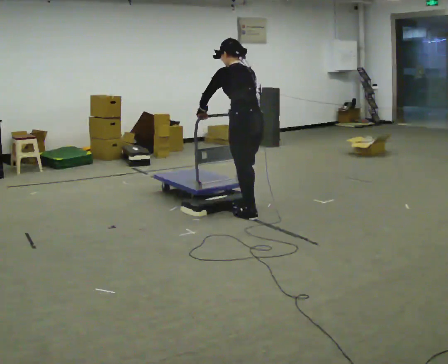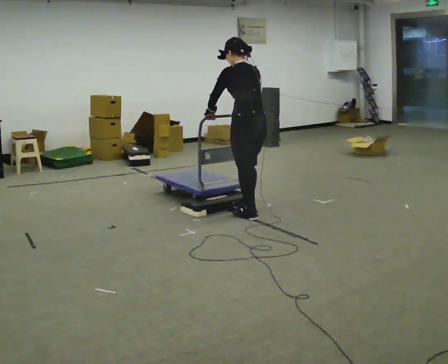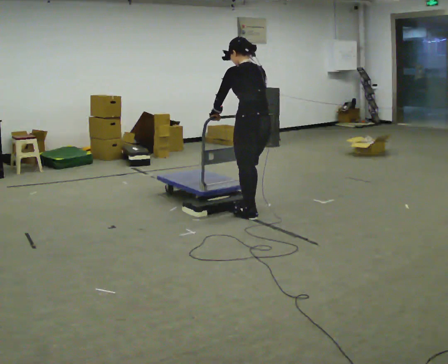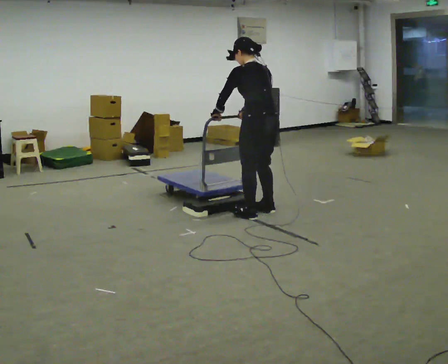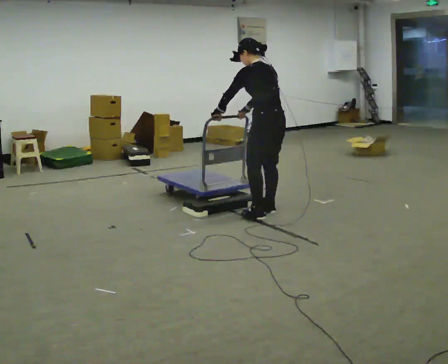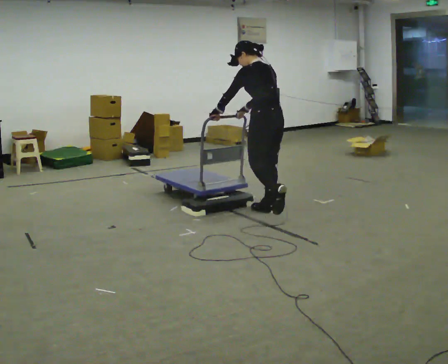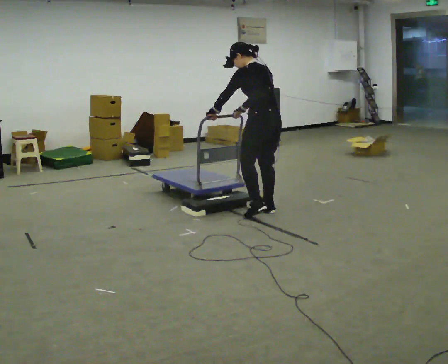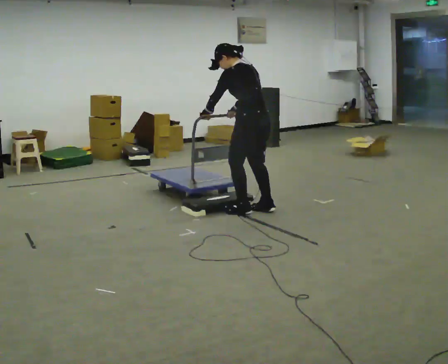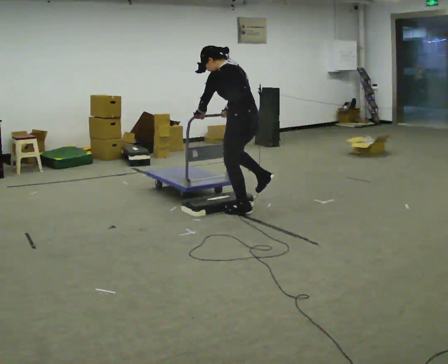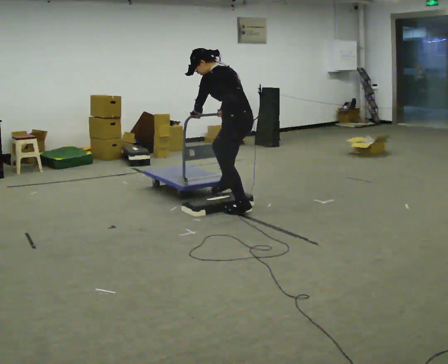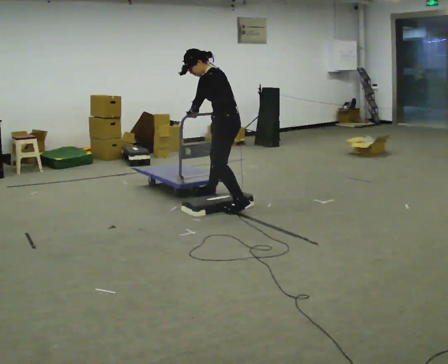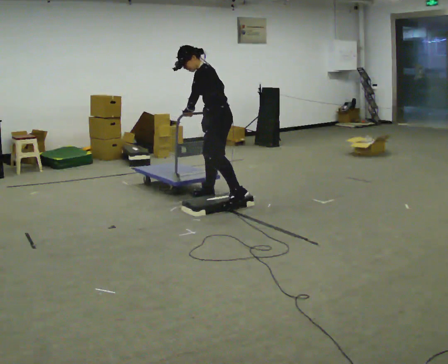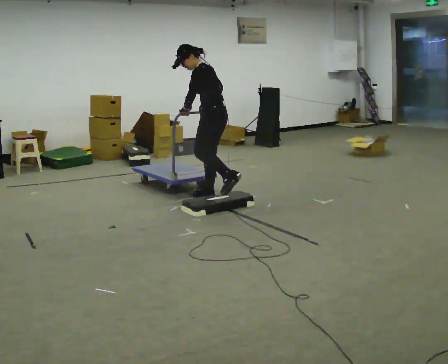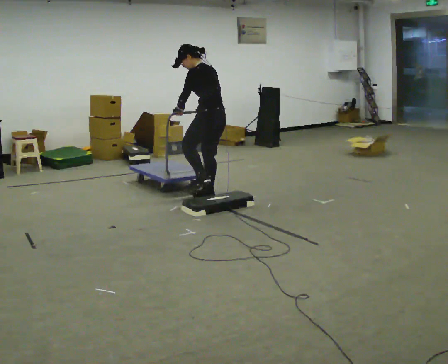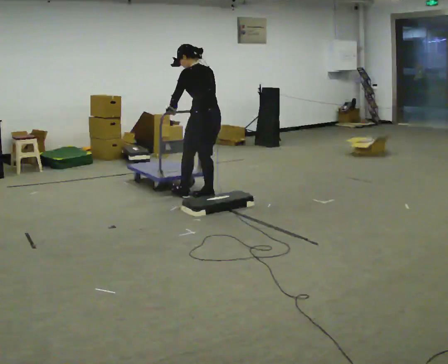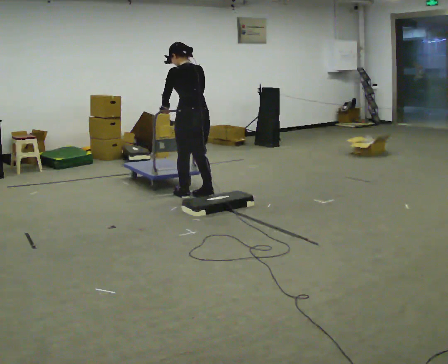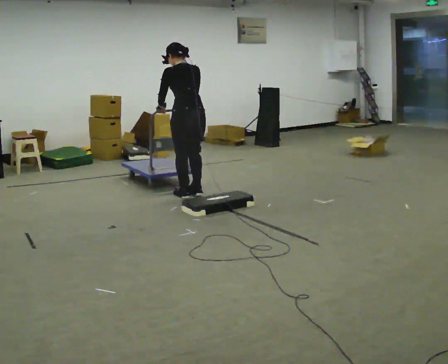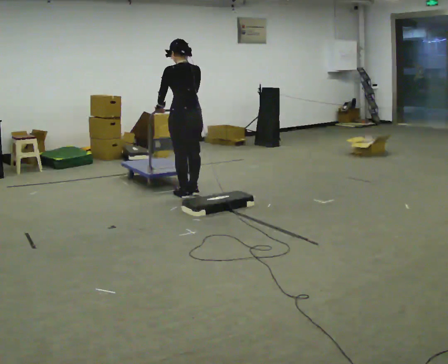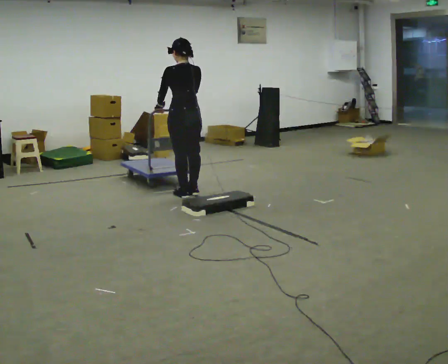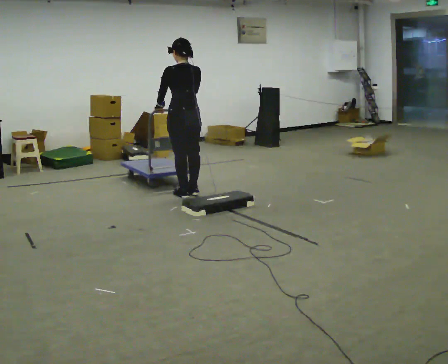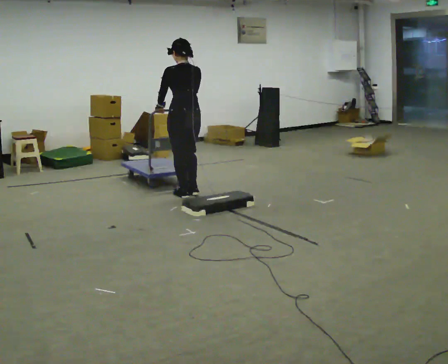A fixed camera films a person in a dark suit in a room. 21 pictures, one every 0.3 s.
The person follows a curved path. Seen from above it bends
counterclockwise.
0.0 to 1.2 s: In the picture they go to the right, about 0.25 m in 2 steps, which for them is backward and to their right.
1.2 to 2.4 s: In the picture they go to the left, about 0.25 m in 2 steps, which for them is forward.
2.4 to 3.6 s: Seen from above the body turns counterclockwise, about 30 degrees: to their left, with its near side sliding to the right. In the picture they go away from the camera and to the left, about 0.5 m in 1 step, which for them is to their right and forward.
3.6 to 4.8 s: The part of the body nearest the lens slides to the left as the person turns to their right by about 60 degrees. In the picture they go to the left, about 0.25 m in 1 step, which for them is forward and to their left.
4.8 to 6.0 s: The person moves a little, or ends about where they began.
The film runs backward here.
